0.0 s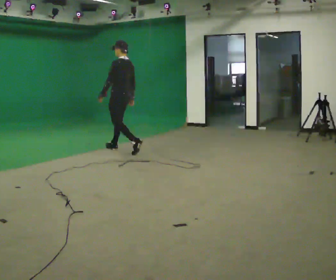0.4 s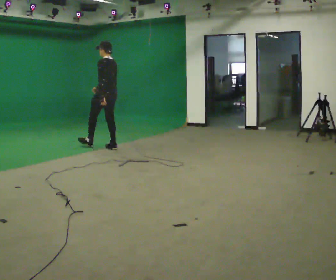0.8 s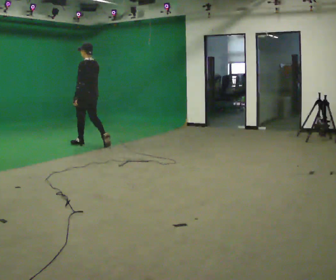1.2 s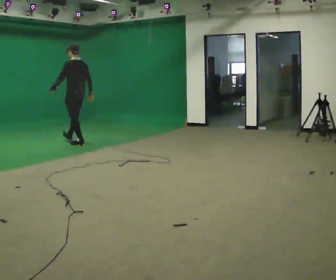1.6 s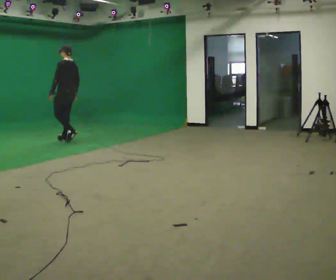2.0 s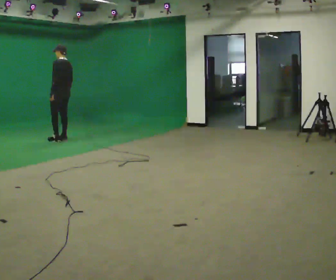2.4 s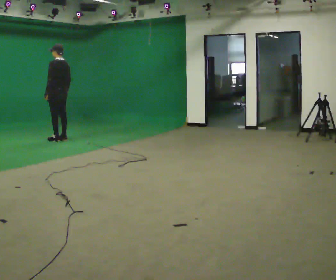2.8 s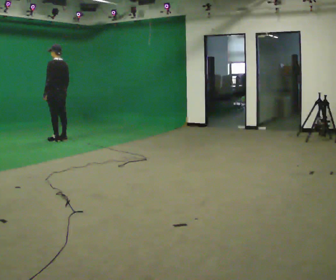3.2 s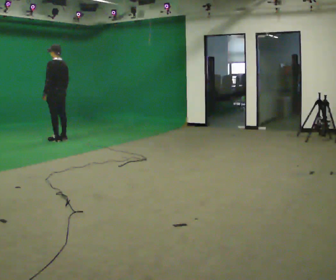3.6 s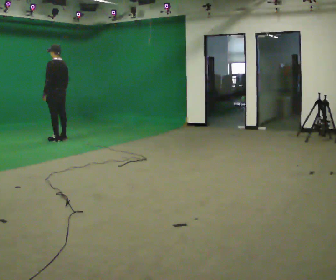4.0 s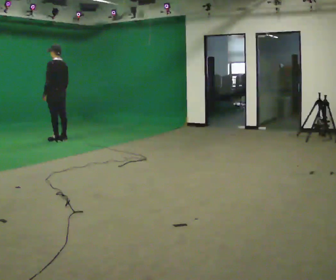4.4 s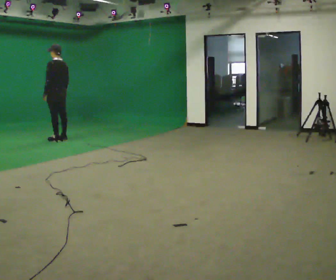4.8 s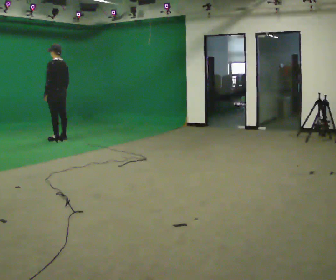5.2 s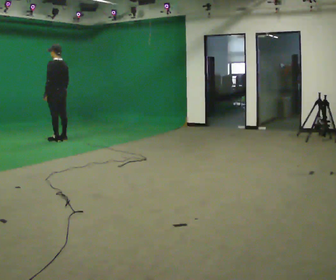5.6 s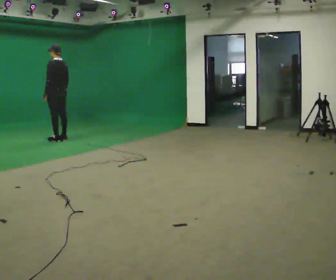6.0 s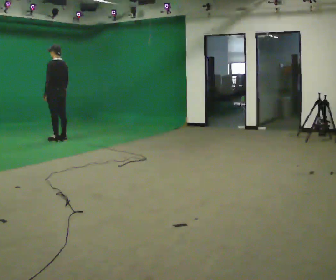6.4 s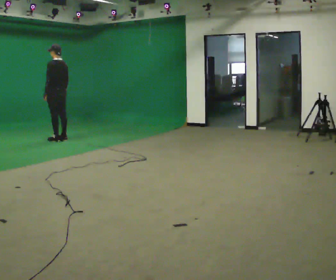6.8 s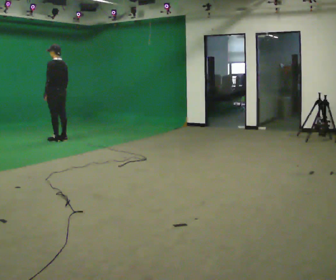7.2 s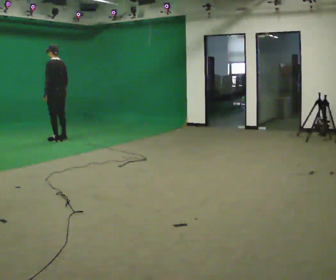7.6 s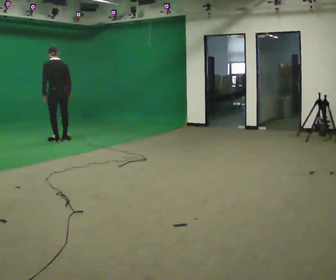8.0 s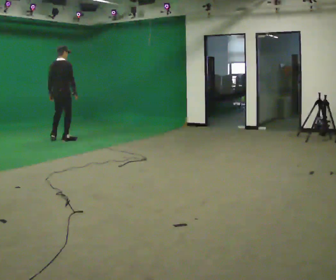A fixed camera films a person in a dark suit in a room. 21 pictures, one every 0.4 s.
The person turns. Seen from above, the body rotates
clockwise.
The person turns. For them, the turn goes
to their right.
0.0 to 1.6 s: In the picture they go away from the camera and to the left, about 1.5 m in 2 steps, which for them is forward.
1.6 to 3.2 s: In the picture they go to the left, about 0.25 m in 1 step, which for them is forward.
3.2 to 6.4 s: The person keeps their place and pose.
6.4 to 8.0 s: The part of the body nearest the lens slides to the left as the person turns to their right by about 90 degrees.
The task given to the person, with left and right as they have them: Walk normally; at marked point stop as quickly as comfortably possible; remain still.
The film runs forward here.
